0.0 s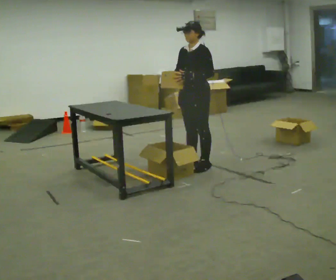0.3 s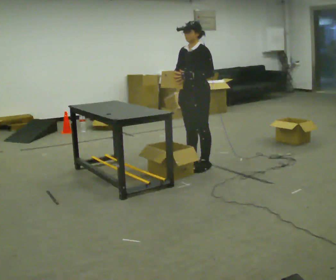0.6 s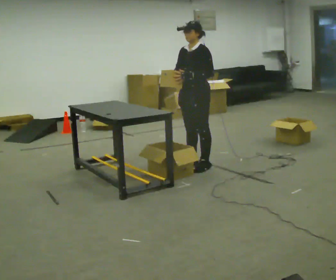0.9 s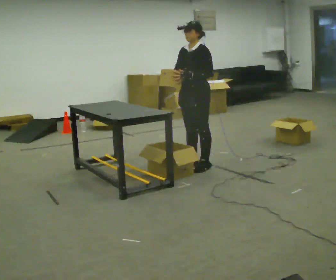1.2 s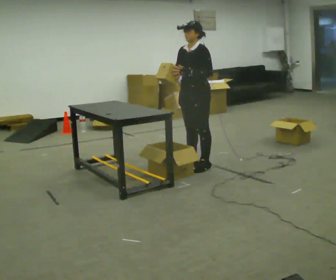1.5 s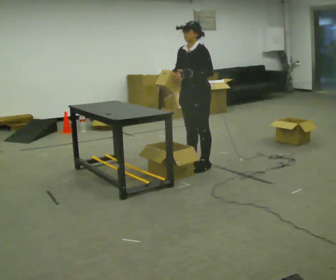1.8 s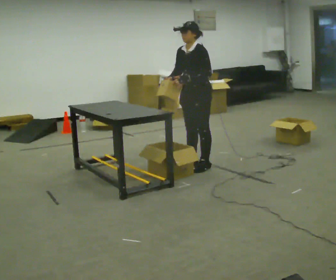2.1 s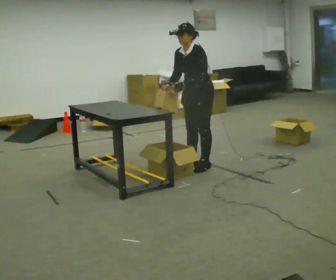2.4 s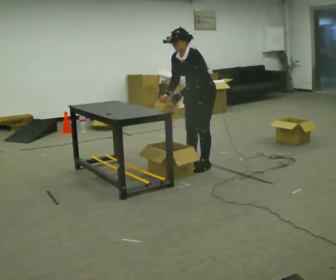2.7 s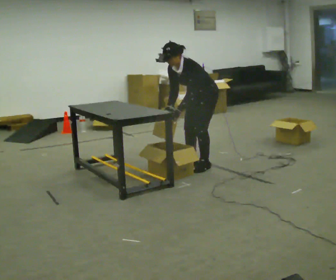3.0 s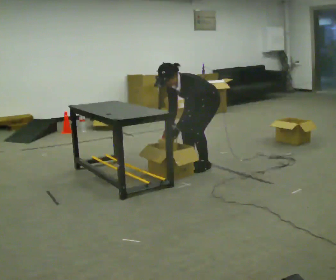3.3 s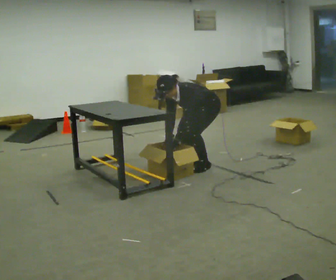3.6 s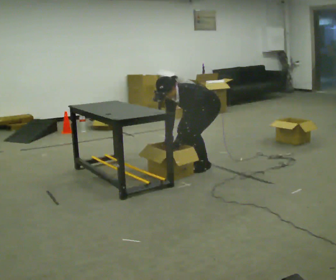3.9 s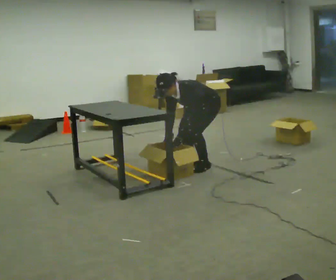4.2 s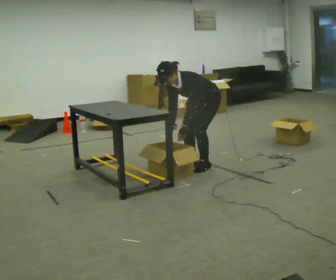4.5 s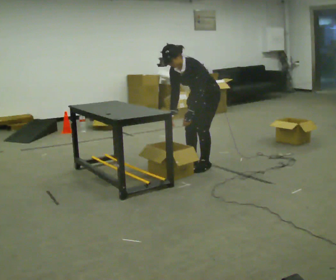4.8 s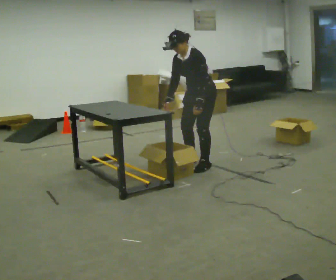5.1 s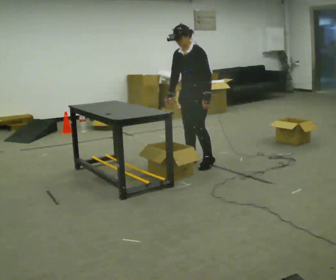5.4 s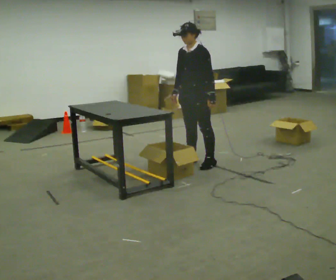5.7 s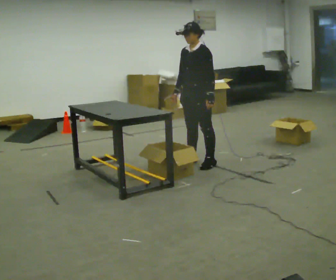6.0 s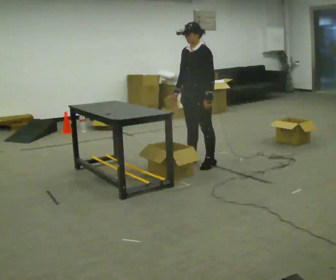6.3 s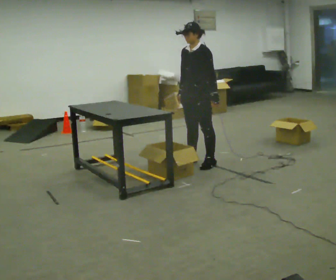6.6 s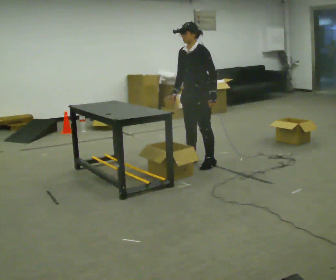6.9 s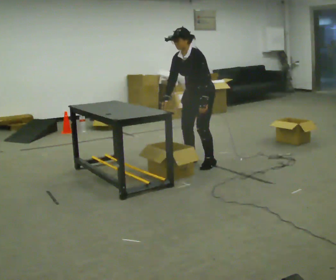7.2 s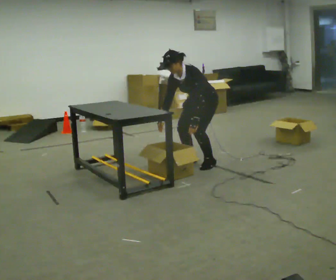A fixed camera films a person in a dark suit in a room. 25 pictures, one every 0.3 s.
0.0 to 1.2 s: The person moves a little, or ends about where they began.
1.2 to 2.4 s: In the picture the upper body tilts counterclockwise, shoulders to the left, as they bend forward.
2.4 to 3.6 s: The shoulders move downward. The upper body tips toward the camera, its near side rolling downward, as they bend forward. In the picture their left hand goes downward.
3.6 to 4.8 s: The upper body goes upward. The upper body tips away from the camera, its near side rolling upward, as they lean back or straighten. In the picture their left hand goes upward.
4.8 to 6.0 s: In the picture the upper body tilts clockwise, shoulders to the right, as they lean back or straighten.
6.0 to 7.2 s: The shoulders move downward. In the picture the upper body tilts counterclockwise, shoulders to the left, as they bend forward.
The film runs backward here.
